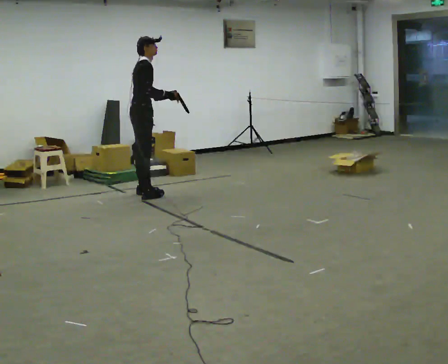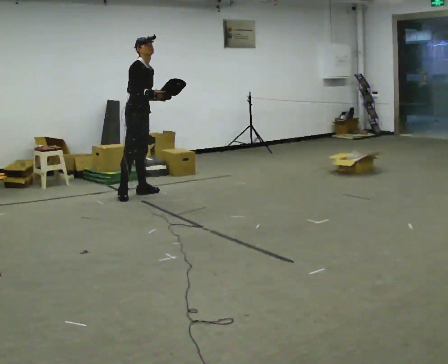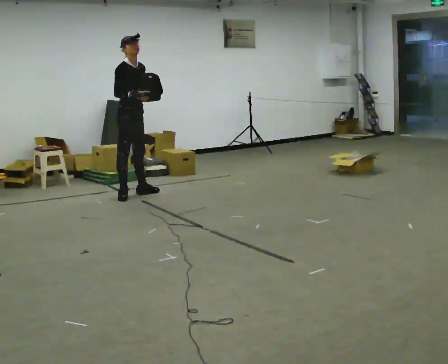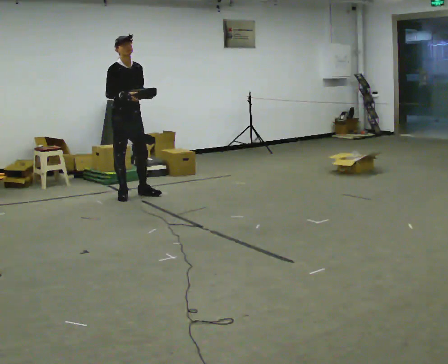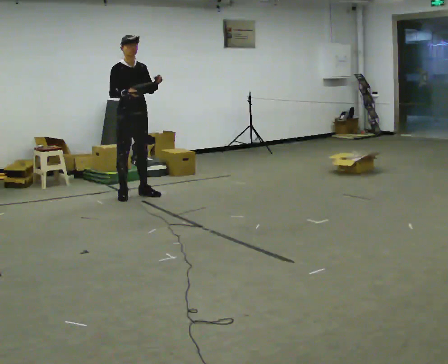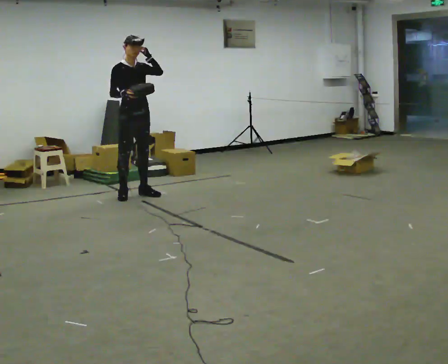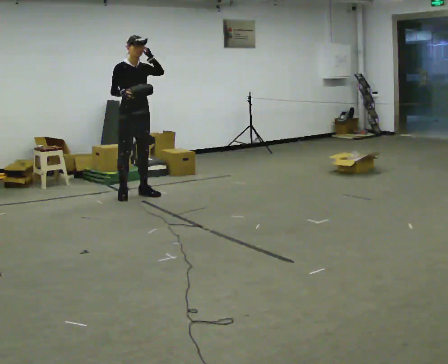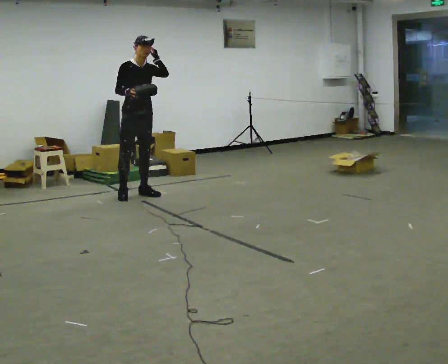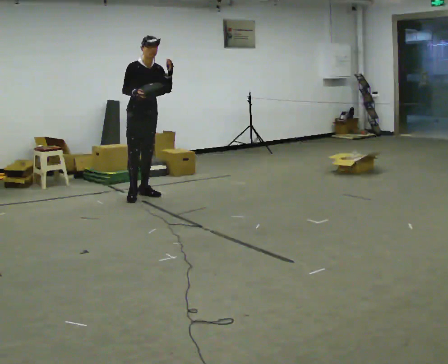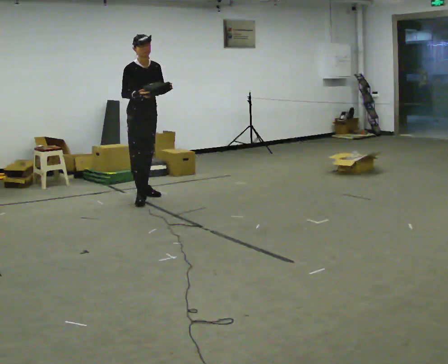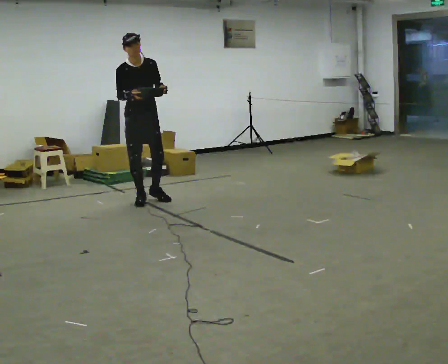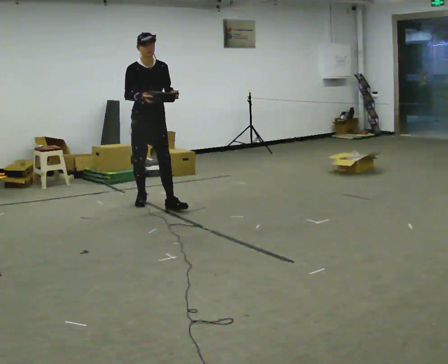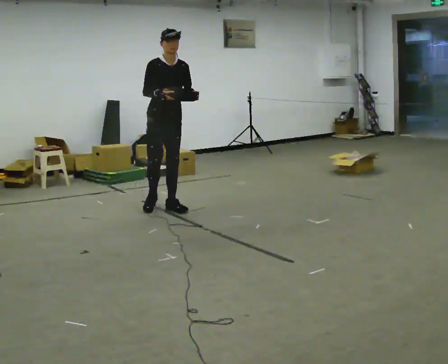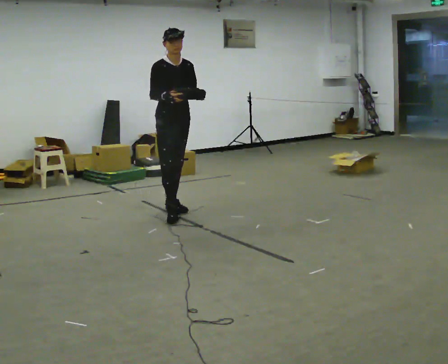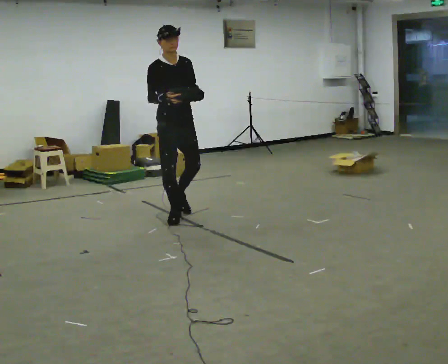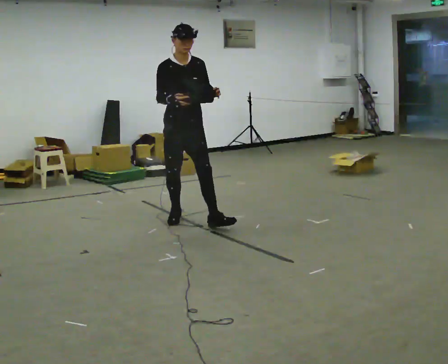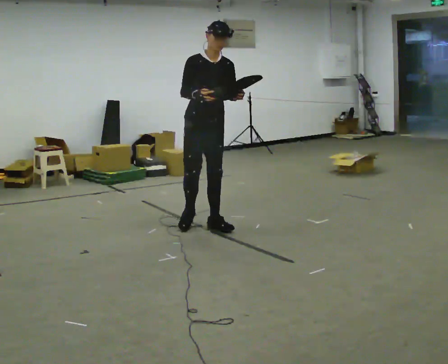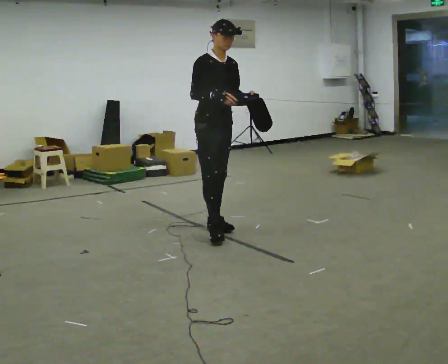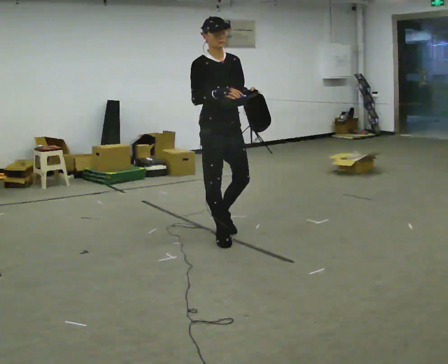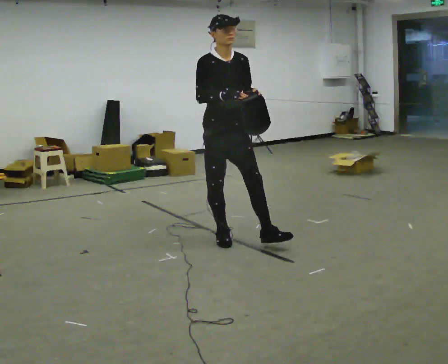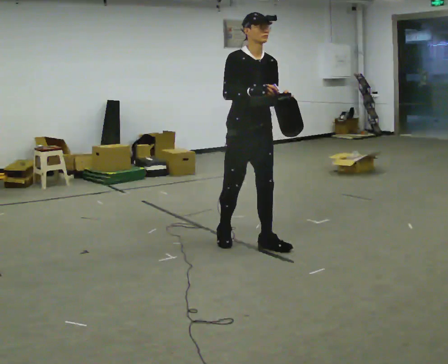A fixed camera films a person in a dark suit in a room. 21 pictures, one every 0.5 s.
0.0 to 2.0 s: The person turns about 60 degrees to their right, clockwise seen from above, so the part of the body nearest the lens slides to the left. In the picture the upper body tilts counterclockwise, shoulders to the left, as they lean back or straighten.
2.0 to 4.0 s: The person moves a little, or ends about where they began.
4.0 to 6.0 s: In the picture they go toward the camera, about 0.75 m in 2 steps, which for them is forward.
6.0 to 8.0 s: In the picture they go toward the camera, about 1 m in 2 steps, which for them is forward.
8.0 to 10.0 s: In the picture they go toward the camera, about 0.75 m in 2 steps, which for them is forward.
The film runs forward here.
